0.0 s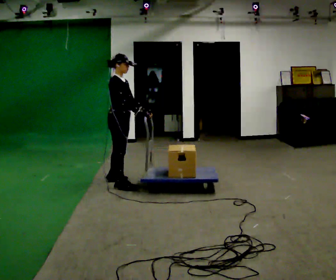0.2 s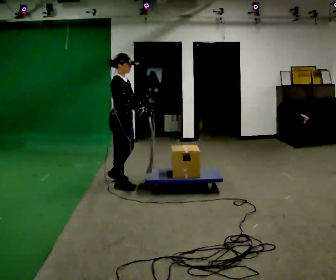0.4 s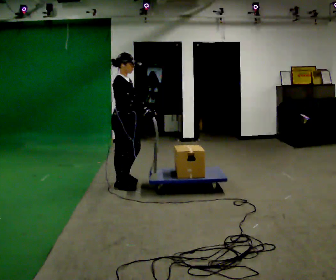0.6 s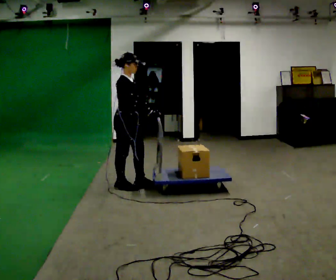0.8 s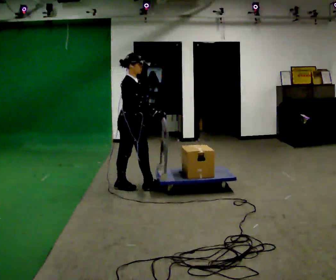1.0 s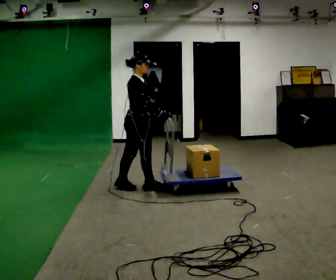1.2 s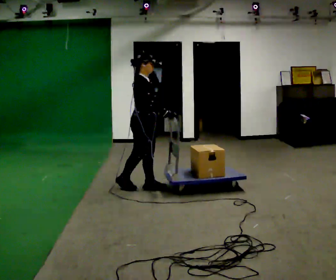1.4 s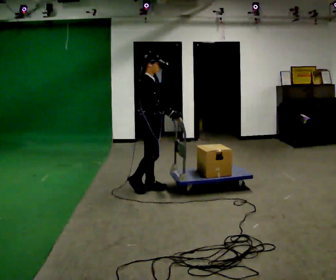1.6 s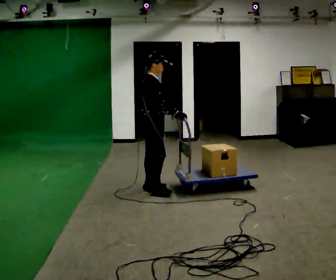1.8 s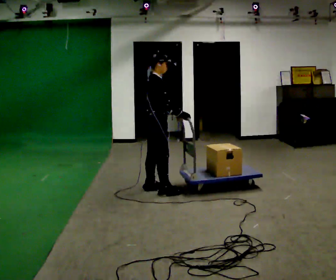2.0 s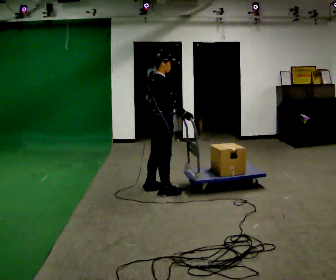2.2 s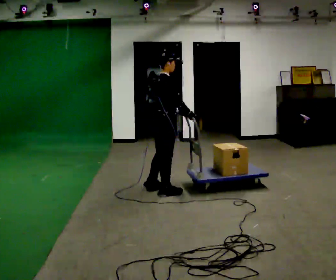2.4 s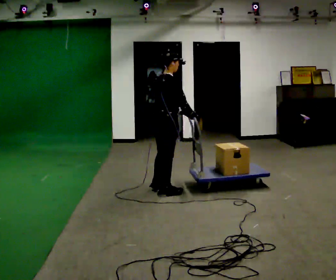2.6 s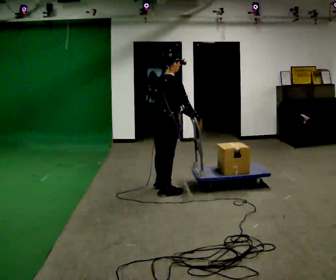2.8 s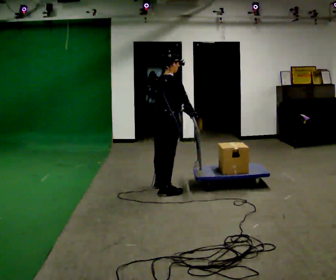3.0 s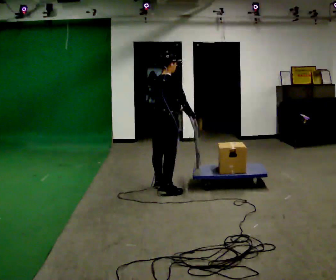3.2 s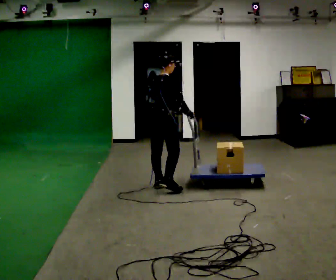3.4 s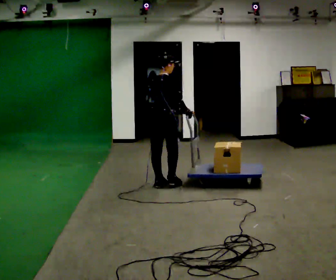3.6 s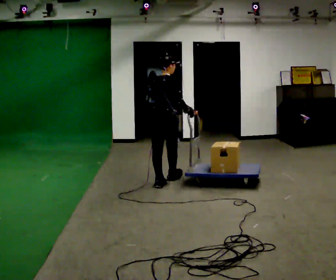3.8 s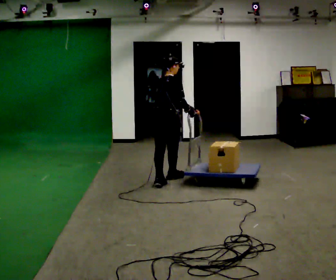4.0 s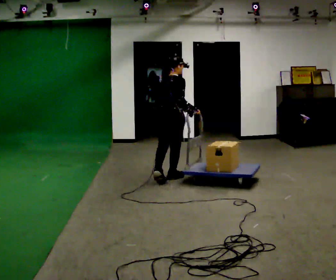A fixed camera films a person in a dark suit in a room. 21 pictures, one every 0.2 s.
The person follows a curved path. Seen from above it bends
counterclockwise.
The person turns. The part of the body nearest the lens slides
to the right.
0.0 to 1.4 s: In the picture they go to the right and toward the camera, about 0.5 m in 1 step, which for them is forward.
1.4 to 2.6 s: The part of the body nearest the lens slides to the right as the person turns to their left by about 45 degrees. In the picture they go to the right, about 0.25 m in 2 steps, which for them is to their right and forward.
2.6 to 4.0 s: In the picture they go away from the camera, about 0.5 m in 1 step, which for them is forward and to their left.
The film runs forward here.
